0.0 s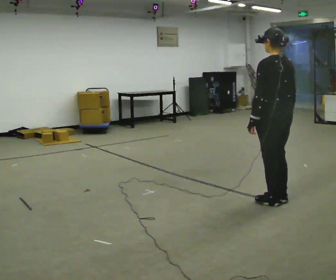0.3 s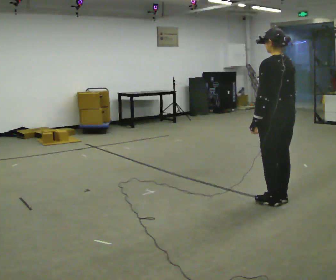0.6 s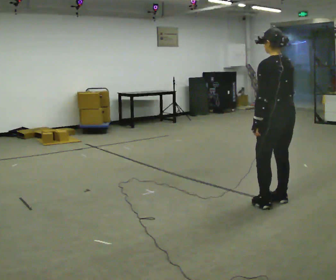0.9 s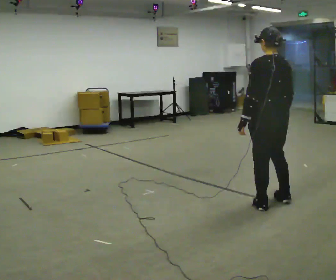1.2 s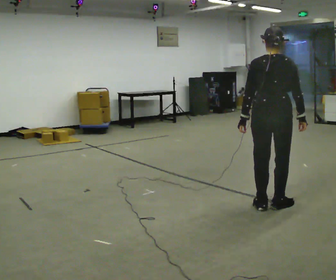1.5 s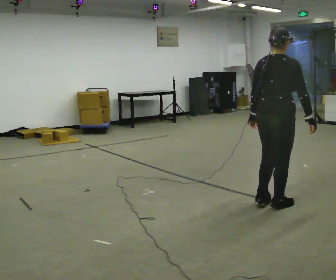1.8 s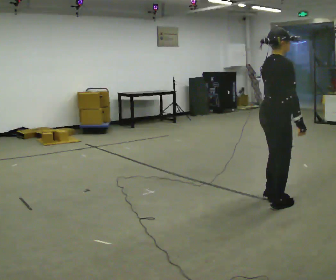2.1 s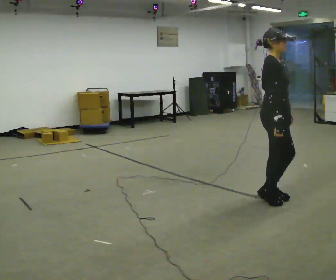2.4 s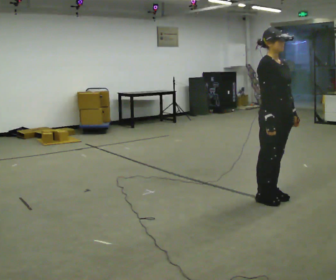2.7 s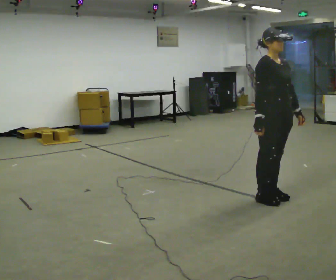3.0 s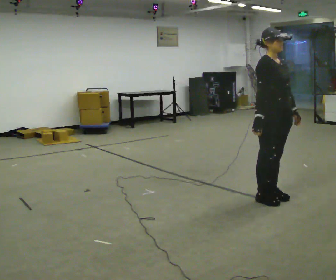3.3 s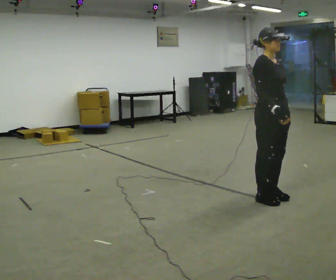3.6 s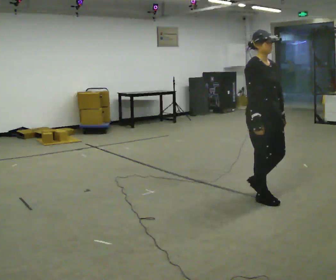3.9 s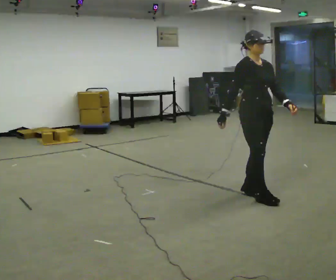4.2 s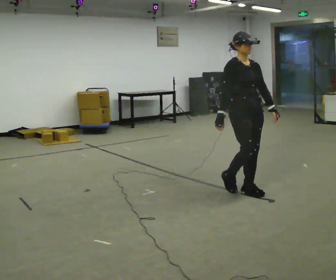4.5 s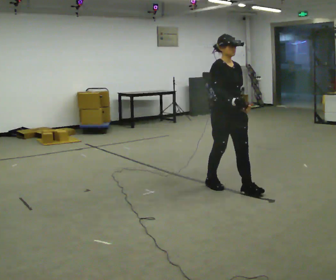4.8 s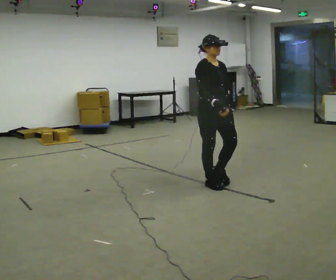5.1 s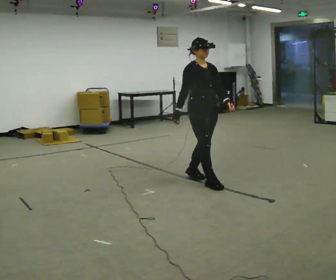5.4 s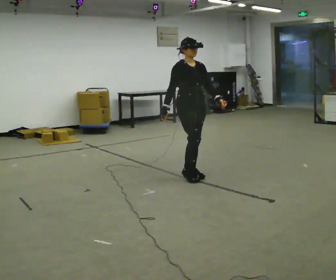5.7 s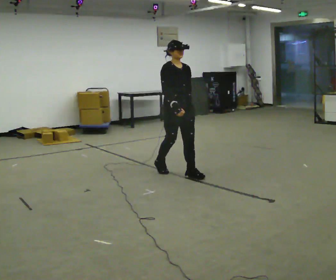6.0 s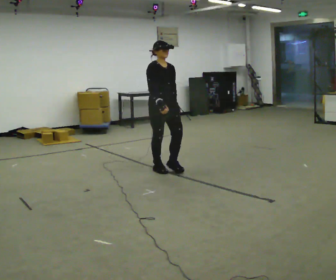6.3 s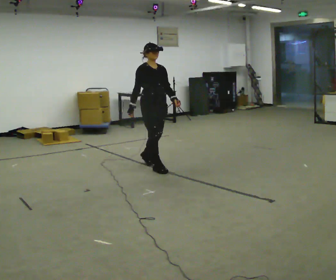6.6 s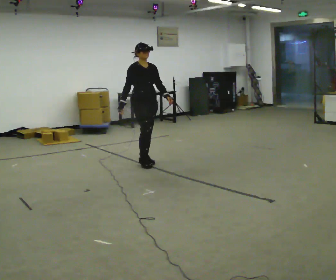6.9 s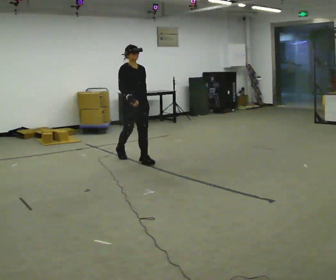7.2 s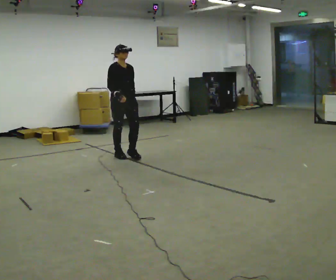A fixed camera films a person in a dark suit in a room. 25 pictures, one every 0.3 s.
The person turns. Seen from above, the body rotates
clockwise.
The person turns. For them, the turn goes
to their right.
0.0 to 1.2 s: Seen from above the body turns clockwise, about 45 degrees: to their right, with its near side sliding to the left.
1.2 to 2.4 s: The person turns about 135 degrees to their right, clockwise seen from above, so the part of the body nearest the lens slides to the left. In the picture they go away from the camera, about 0.25 m in 2 steps. In the picture their left hand goes to the right, the arm swinging counterclockwise.
2.4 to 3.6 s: The person moves a little, or ends about where they began.
3.6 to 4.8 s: In the picture they go to the left and away from the camera, about 0.75 m in 2 steps, which for them is backward.
4.8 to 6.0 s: In the picture they go to the left and away from the camera, about 1 m in 2 steps, which for them is backward.
6.0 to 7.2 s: In the picture they go to the left and away from the camera, about 1 m in 2 steps, which for them is backward.
The film runs backward here.
